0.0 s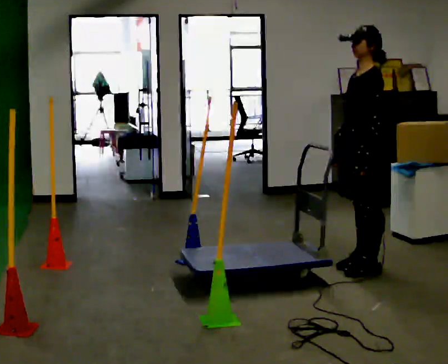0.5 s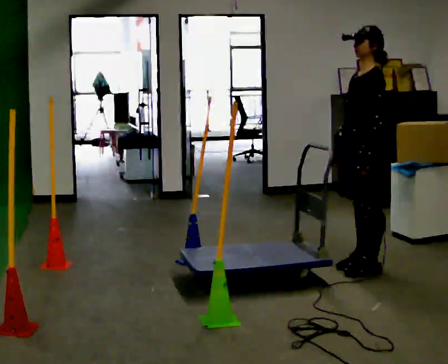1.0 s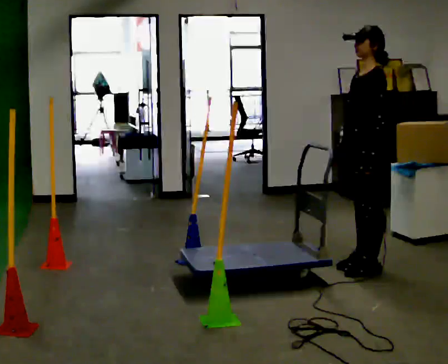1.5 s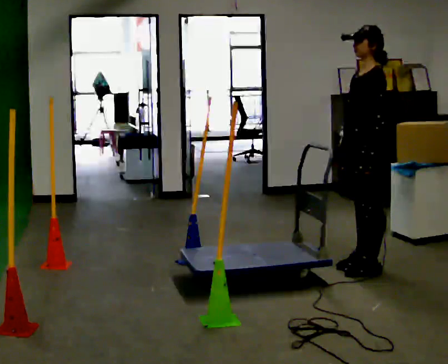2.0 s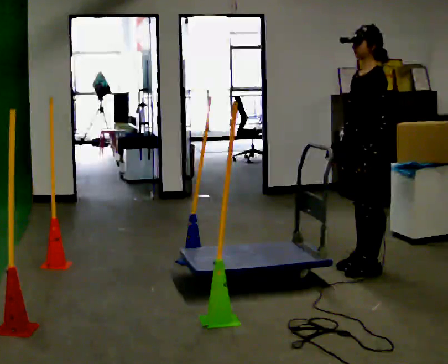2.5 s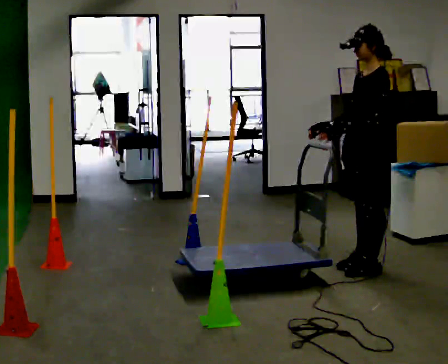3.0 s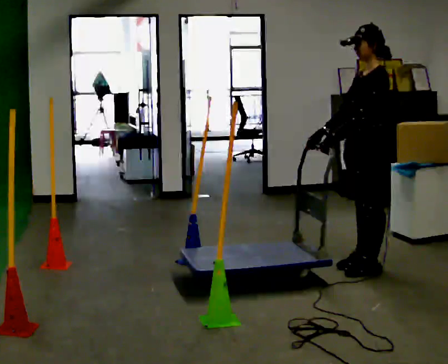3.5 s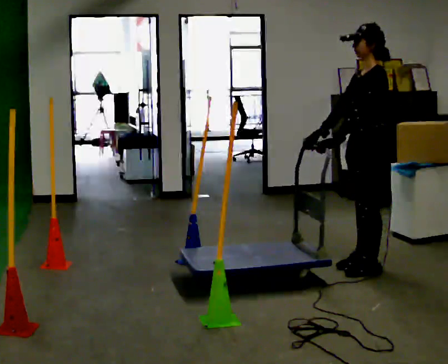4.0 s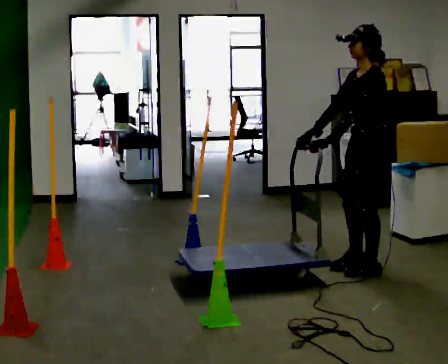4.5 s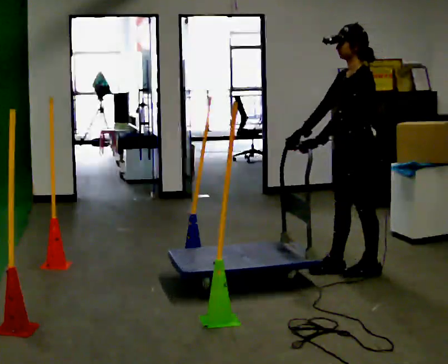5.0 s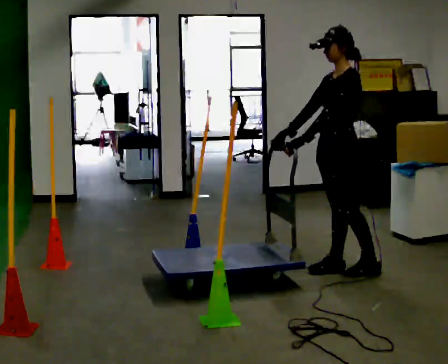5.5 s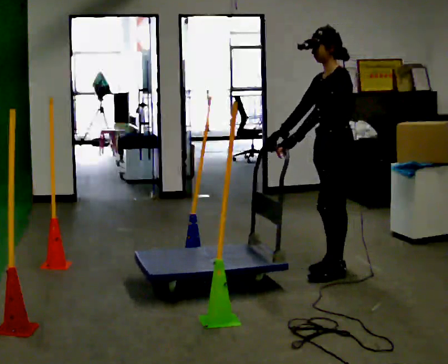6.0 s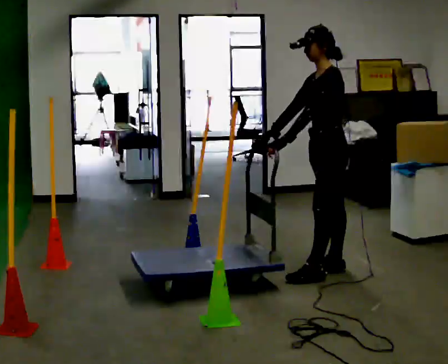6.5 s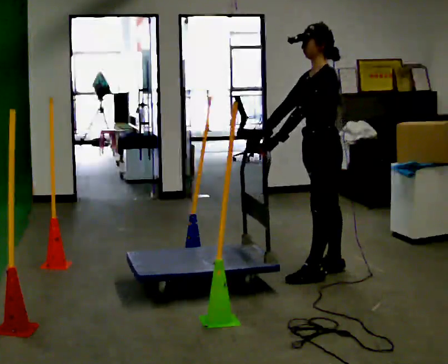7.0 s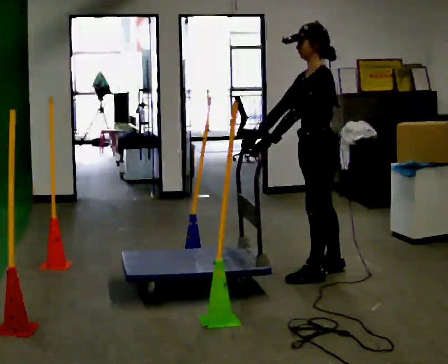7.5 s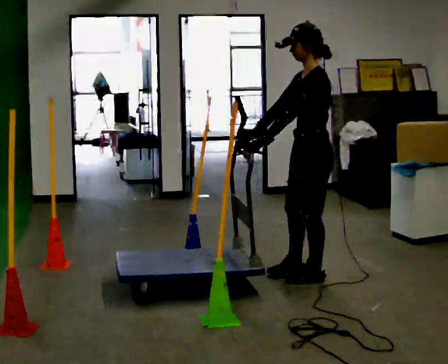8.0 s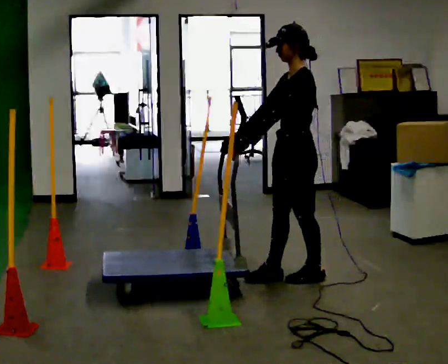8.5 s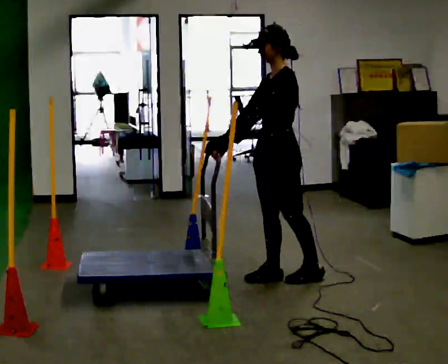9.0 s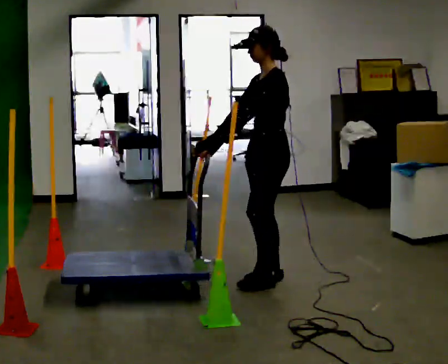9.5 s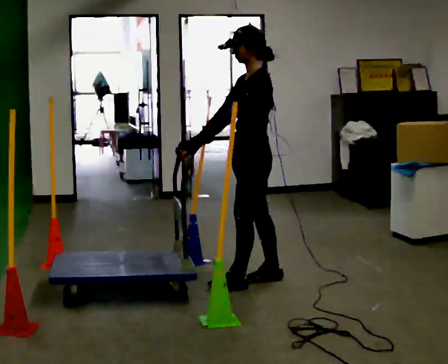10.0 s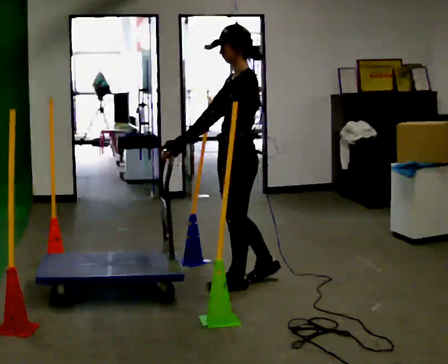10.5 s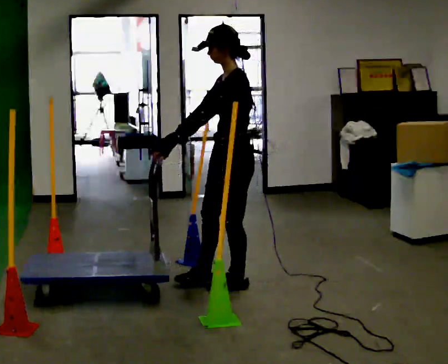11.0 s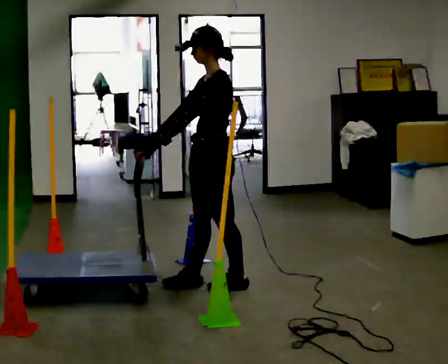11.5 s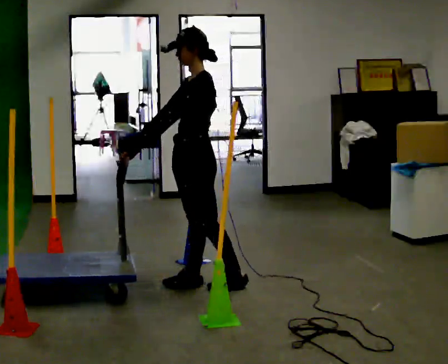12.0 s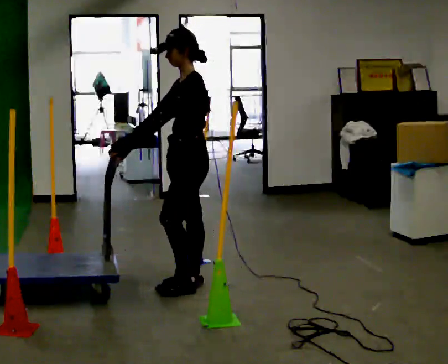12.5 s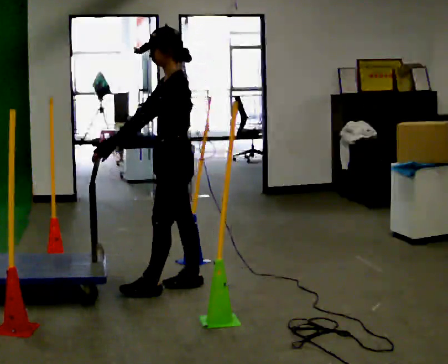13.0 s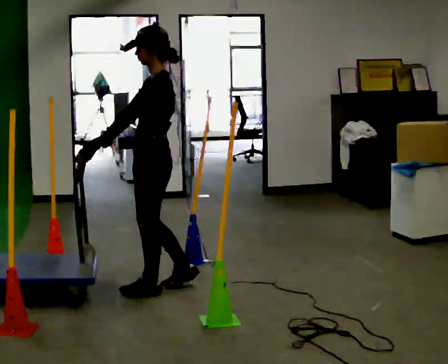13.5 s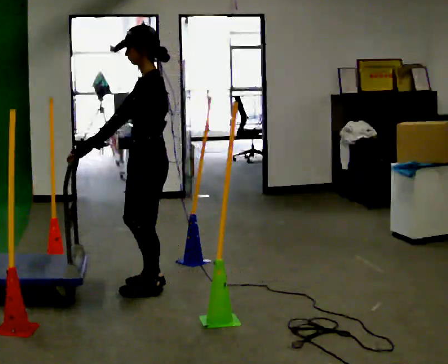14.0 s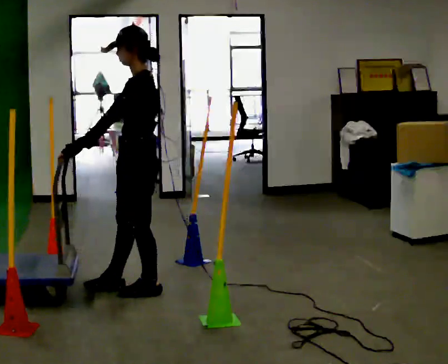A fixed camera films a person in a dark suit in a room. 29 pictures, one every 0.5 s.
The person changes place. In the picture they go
to the left.
0.0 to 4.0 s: The person moves a little, or ends about where they began.
4.0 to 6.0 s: In the picture they go to the left, about 0.25 m in 2 steps, which for them is forward.
6.0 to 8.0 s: In the picture they go to the left and toward the camera, about 0.25 m in 1 step, which for them is forward and to their left.
8.0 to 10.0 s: In the picture they go to the left, about 0.5 m in 1 step, which for them is forward.
10.0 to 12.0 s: In the picture they go to the left, about 0.25 m in 1 step, which for them is forward.
12.0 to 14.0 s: In the picture they go to the left and toward the camera, about 0.25 m in 2 steps, which for them is forward and to their left.
The film runs forward here.
